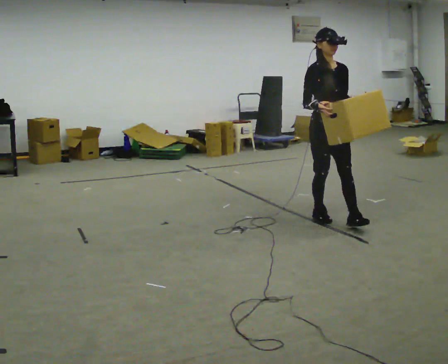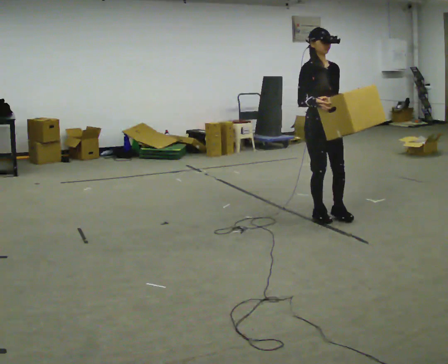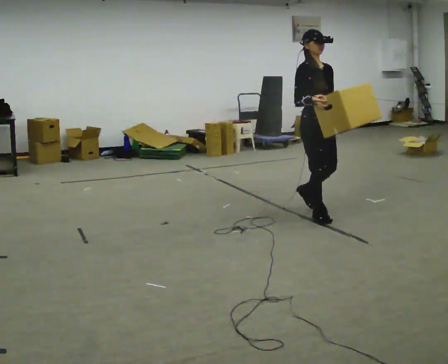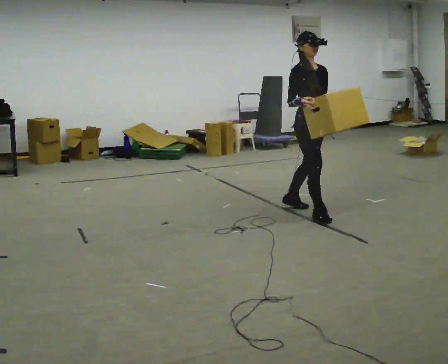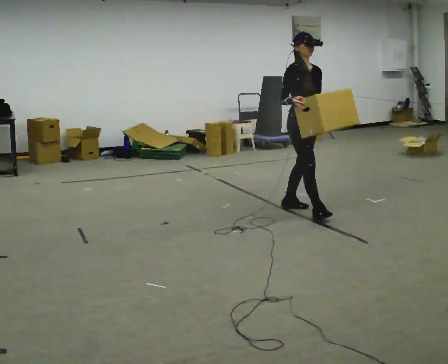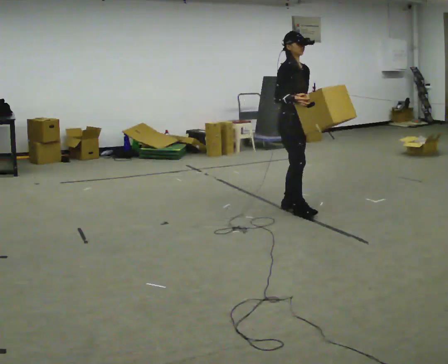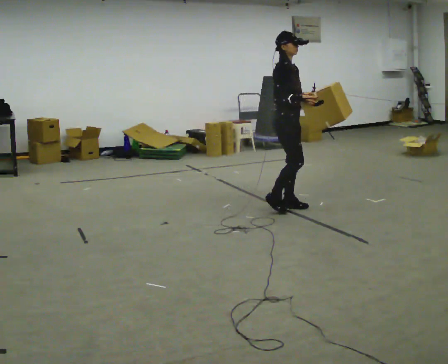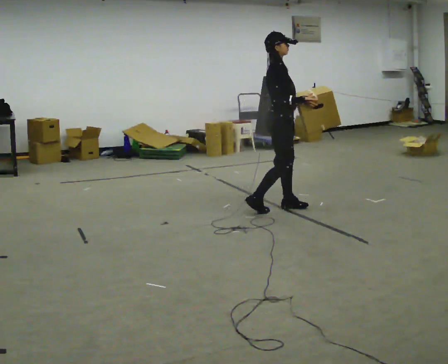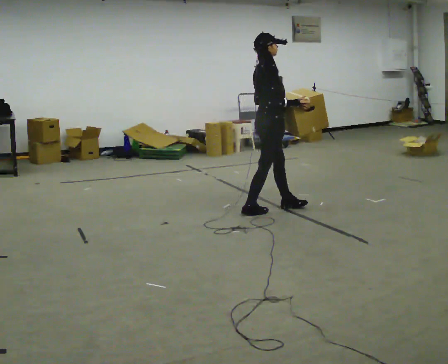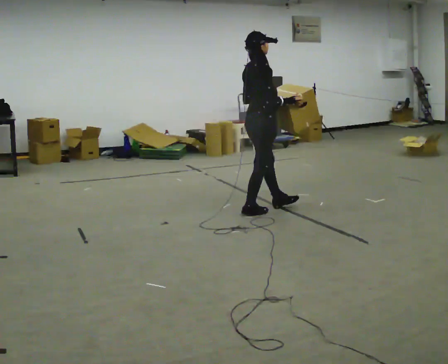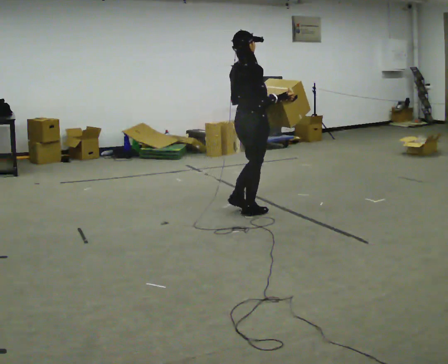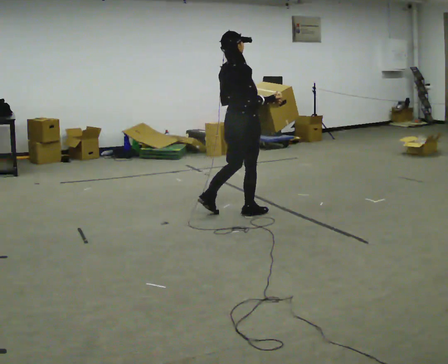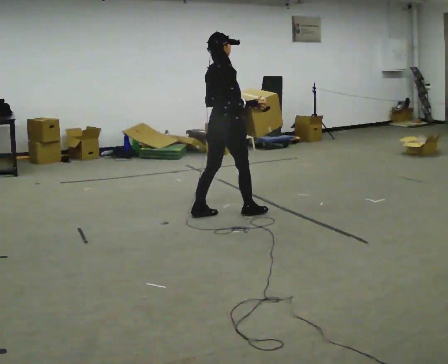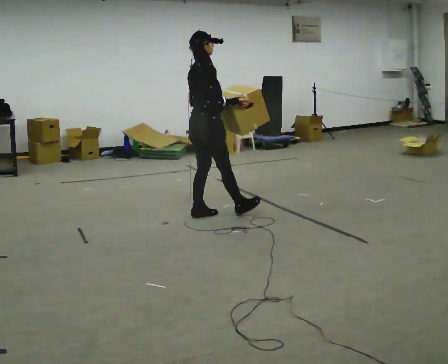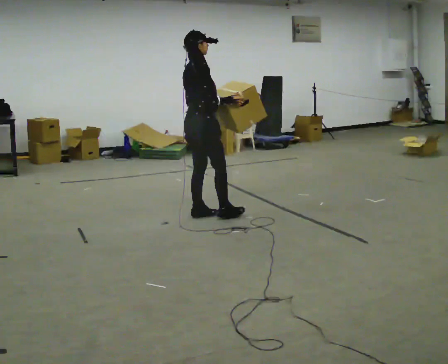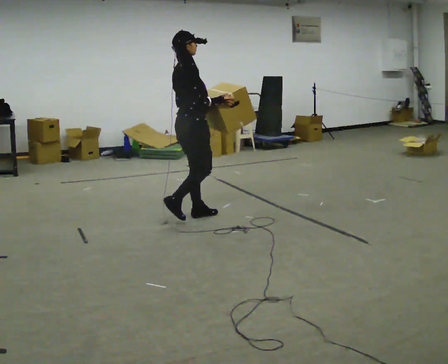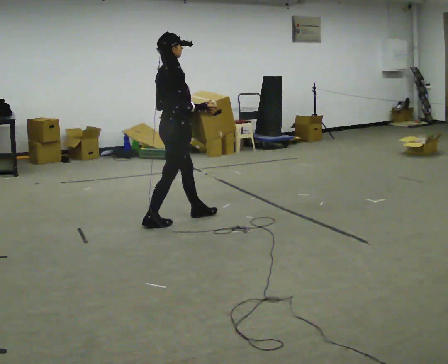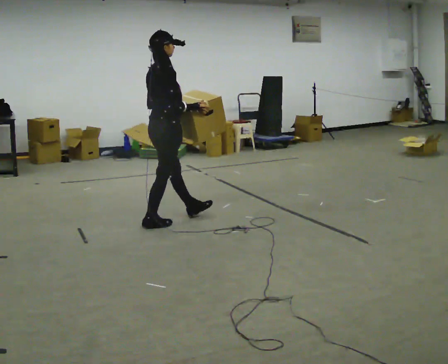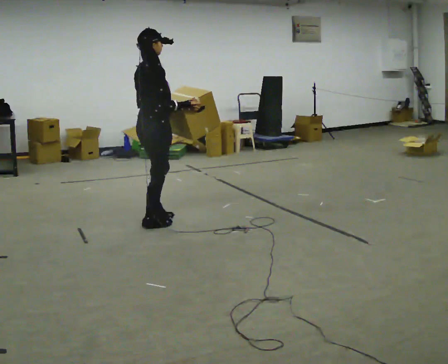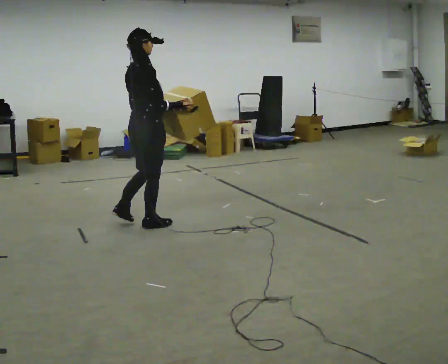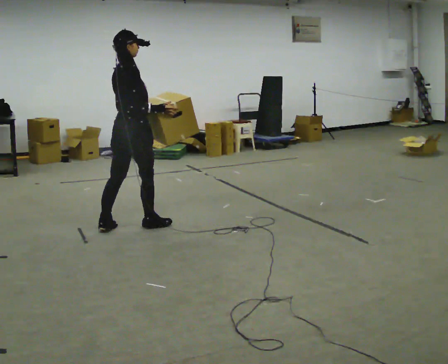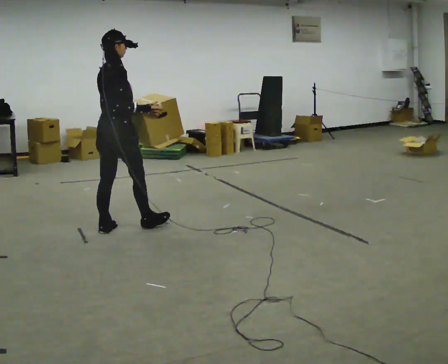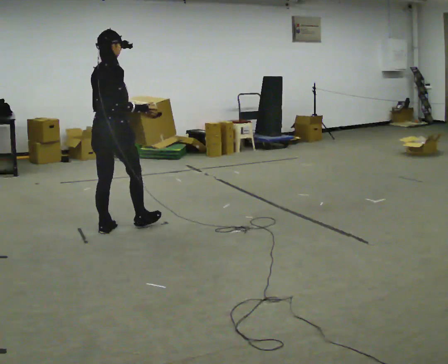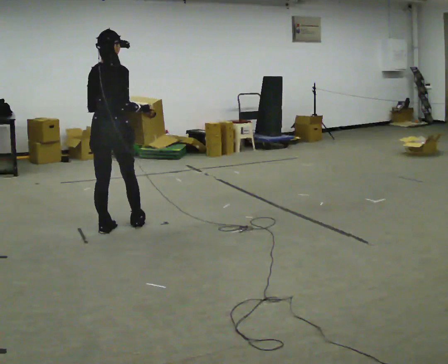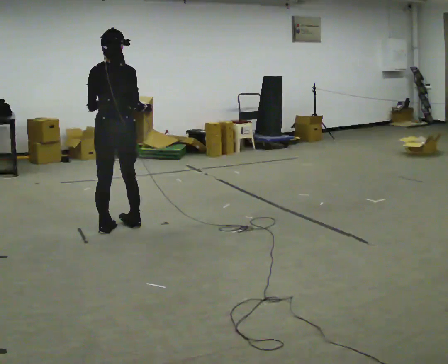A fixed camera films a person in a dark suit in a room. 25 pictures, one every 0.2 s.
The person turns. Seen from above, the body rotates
counterclockwise.
The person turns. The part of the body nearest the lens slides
to the right.
0.0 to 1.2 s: The person turns about 30 degrees to their left, counterclockwise seen from above, so the part of the body nearest the lens slides to the right. In the picture they go away from the camera and to the left, about 0.5 m in 2 steps, which for them is backward.
1.2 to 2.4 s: Seen from above the body turns counterclockwise, about 75 degrees: to their left, with its near side sliding to the right. In the picture they go to the left, about 0.5 m in 1 step.
2.4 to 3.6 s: In the picture they go to the left and toward the camera, about 0.5 m in 2 steps, which for them is backward.
3.6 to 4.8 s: The part of the body nearest the lens slides to the right as the person turns to their left by about 45 degrees. In the picture they go to the left and toward the camera, about 0.5 m, which for them is backward.
The film runs backward here.
